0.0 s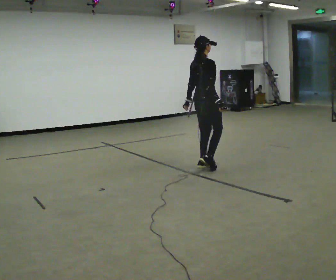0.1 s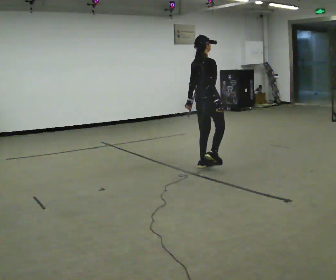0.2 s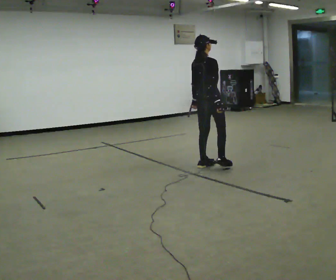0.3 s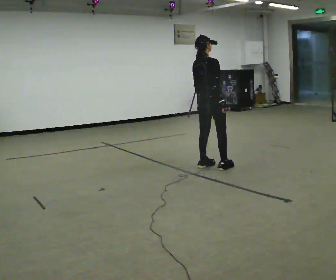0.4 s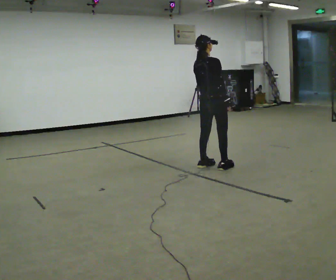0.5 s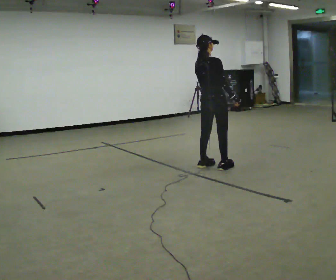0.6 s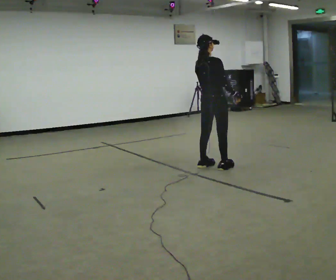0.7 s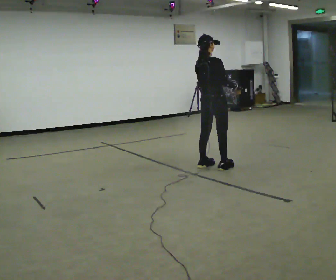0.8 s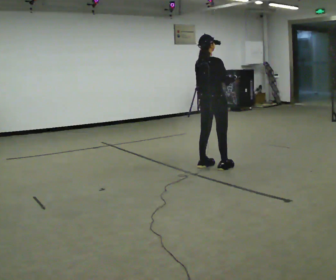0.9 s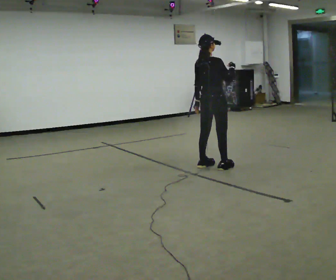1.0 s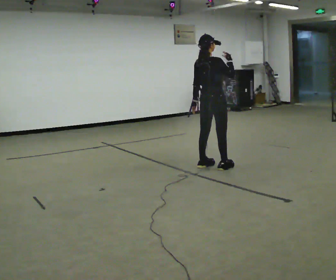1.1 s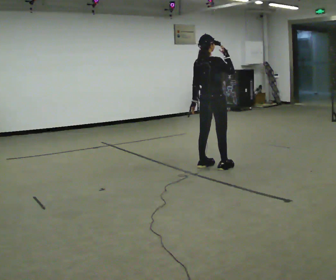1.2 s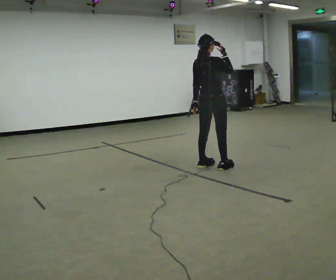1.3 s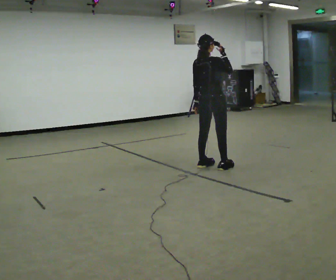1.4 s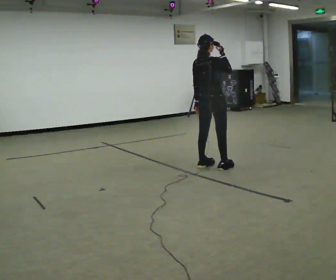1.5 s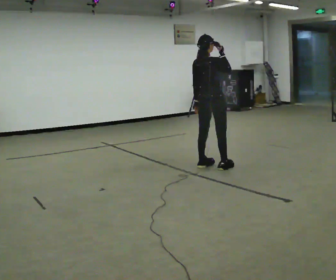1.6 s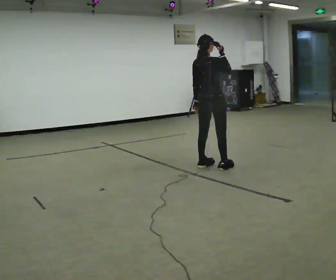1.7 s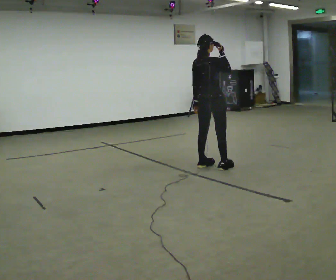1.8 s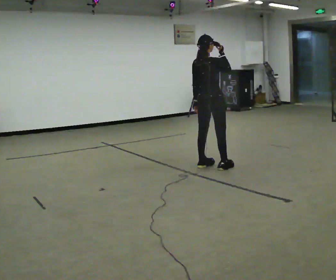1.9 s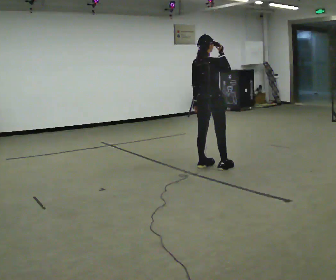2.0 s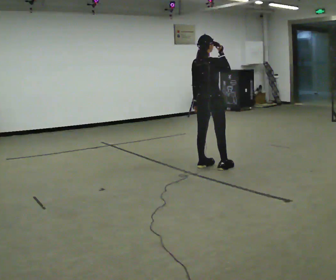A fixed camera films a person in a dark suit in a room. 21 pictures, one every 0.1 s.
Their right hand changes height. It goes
upward.
0.0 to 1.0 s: In the picture their right hand goes upward.
1.0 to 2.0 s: The person moves a little, or ends about where they began.
The film runs forward here.
